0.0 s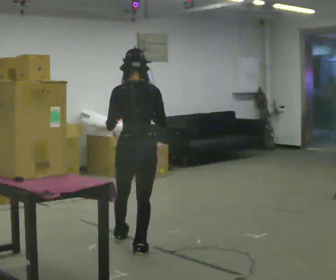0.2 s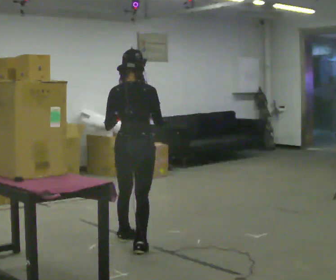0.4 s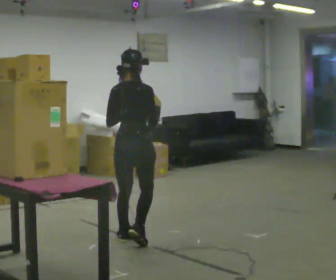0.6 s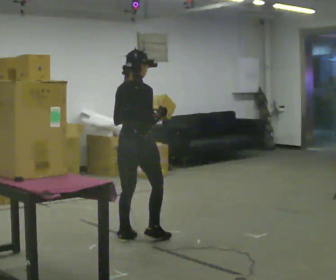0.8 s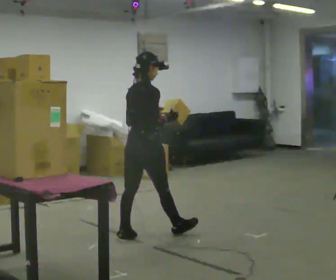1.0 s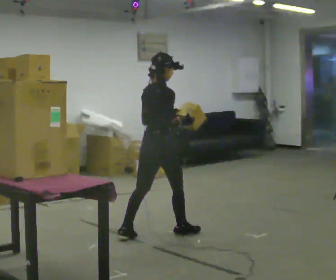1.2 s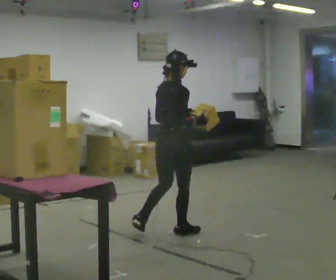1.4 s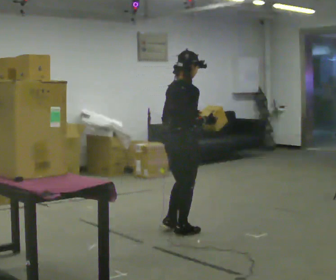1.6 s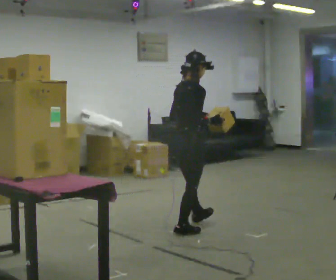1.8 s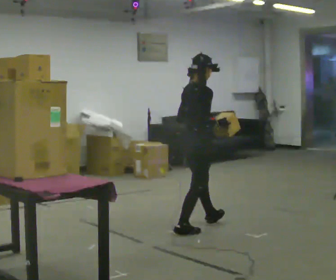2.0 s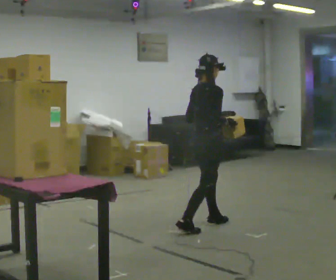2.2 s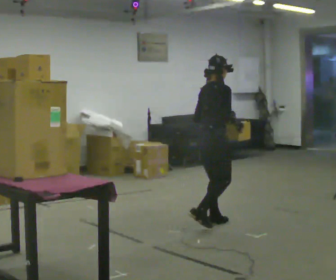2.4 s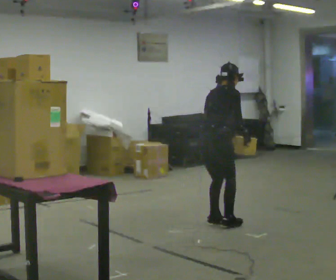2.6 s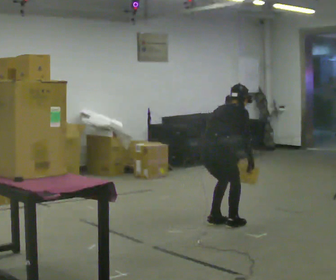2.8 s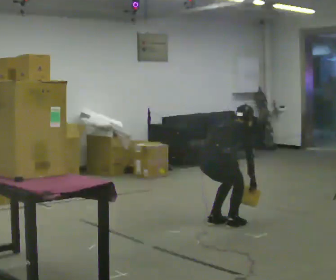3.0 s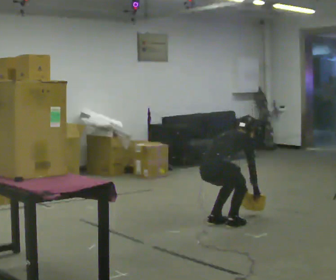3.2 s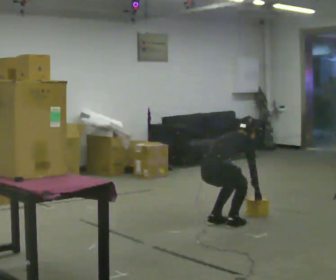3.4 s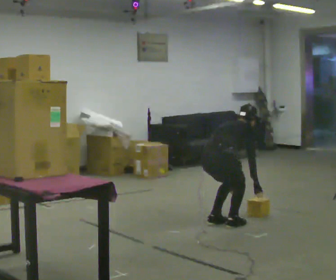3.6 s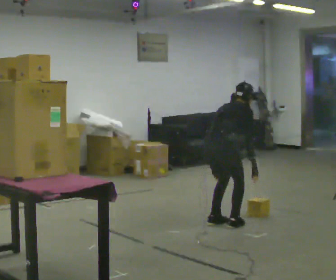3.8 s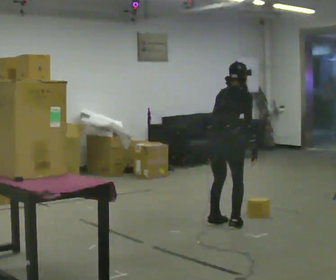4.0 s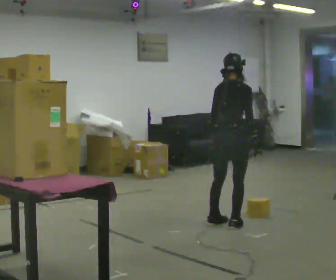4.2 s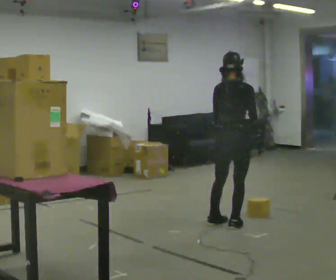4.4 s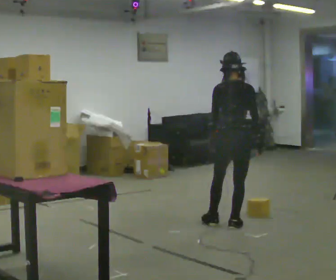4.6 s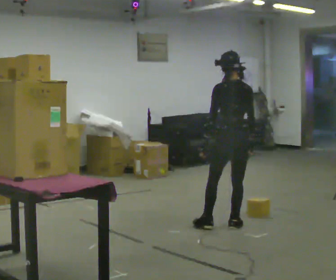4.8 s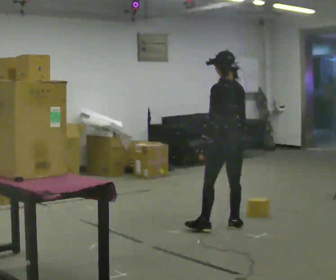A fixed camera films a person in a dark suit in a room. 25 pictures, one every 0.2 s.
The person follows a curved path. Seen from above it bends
clockwise.
0.0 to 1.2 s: The person turns about 60 degrees to their right, clockwise seen from above, so the part of the body nearest the lens slides to the left. In the picture they go away from the camera and to the right, about 0.5 m in 2 steps, which for them is forward.
1.2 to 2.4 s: In the picture they go to the right and away from the camera, about 0.5 m in 1 step, which for them is forward. The upper body tips away from the camera, its near side rolling upward, as they bend forward.
2.4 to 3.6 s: The person moves a little, or ends about where they began.
3.6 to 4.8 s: The person turns about 90 degrees to their left, counterclockwise seen from above, so the part of the body nearest the lens slides to the right. The shoulders move upward. The upper body tips toward the camera, its near side rolling downward, as they lean back or straighten.
The film runs forward here.
